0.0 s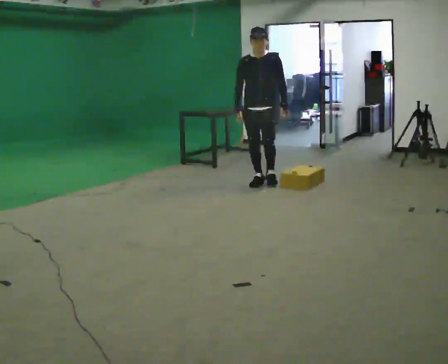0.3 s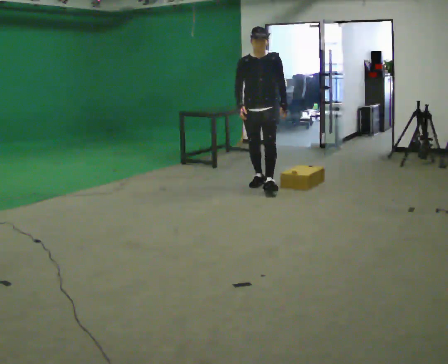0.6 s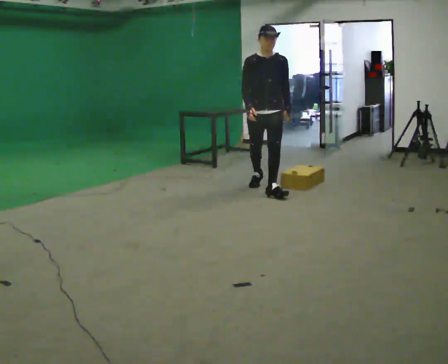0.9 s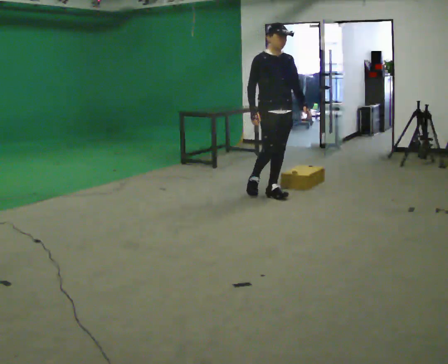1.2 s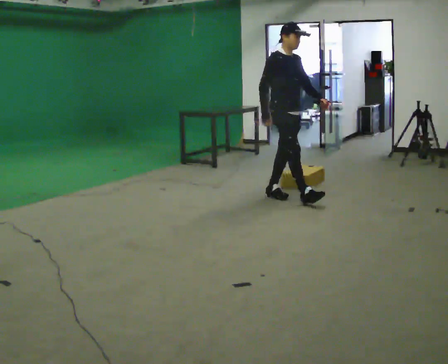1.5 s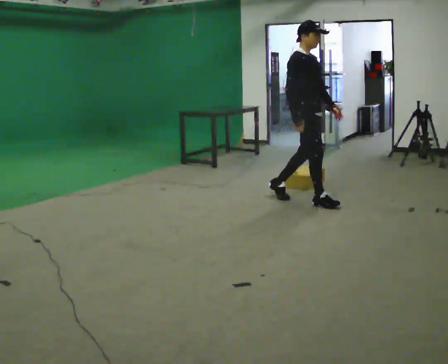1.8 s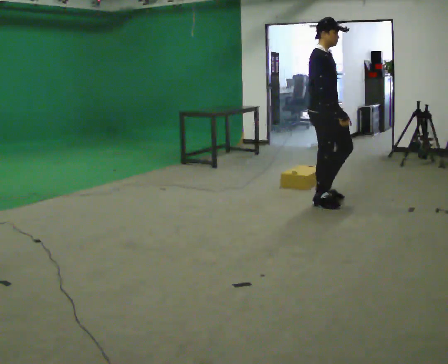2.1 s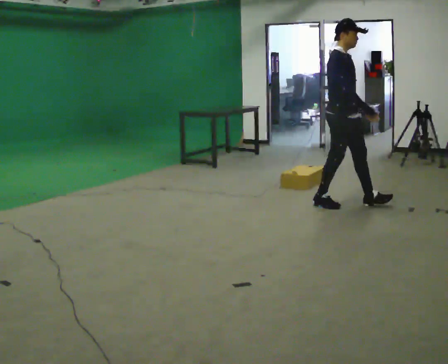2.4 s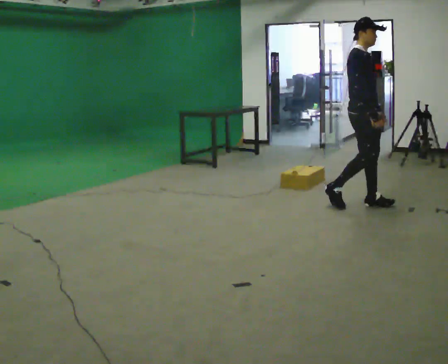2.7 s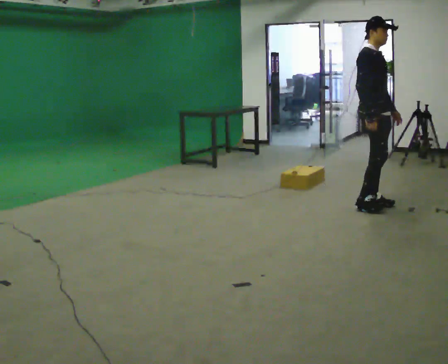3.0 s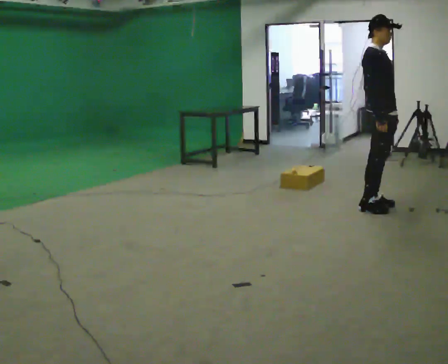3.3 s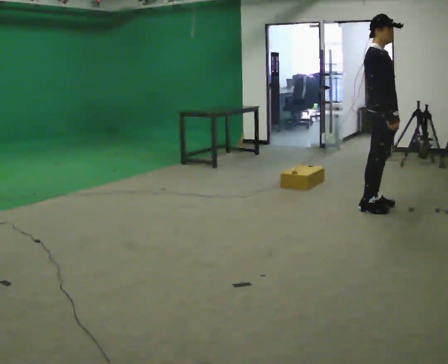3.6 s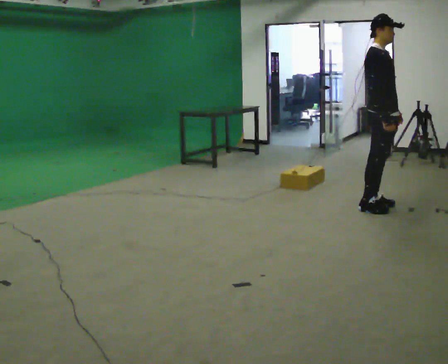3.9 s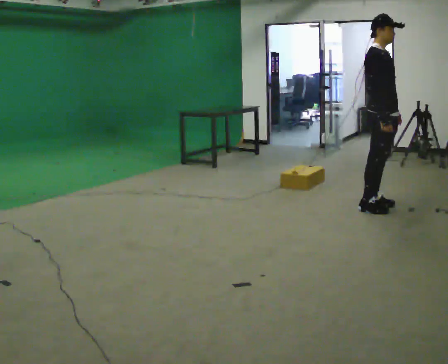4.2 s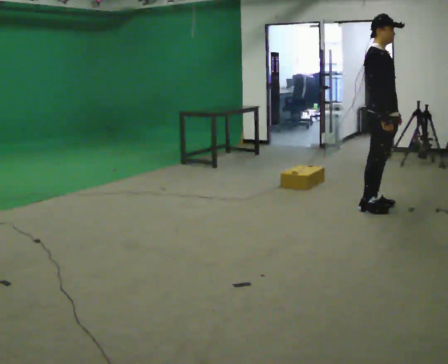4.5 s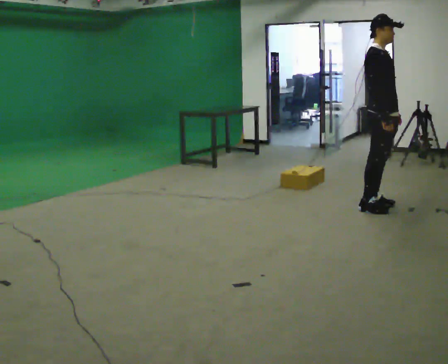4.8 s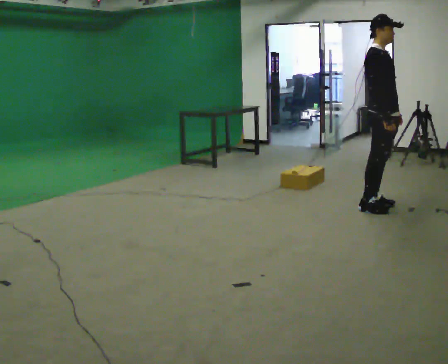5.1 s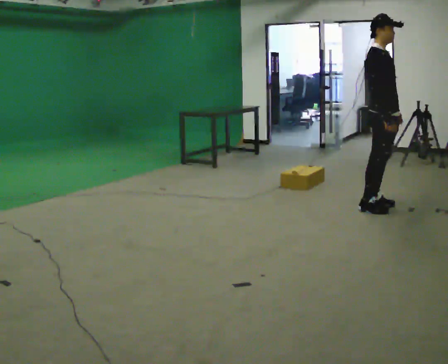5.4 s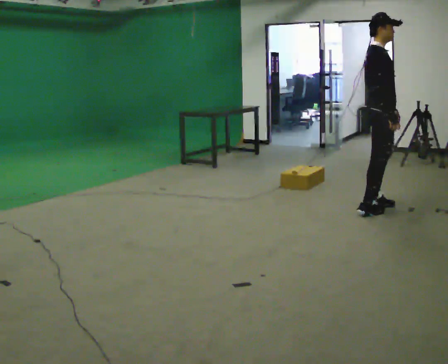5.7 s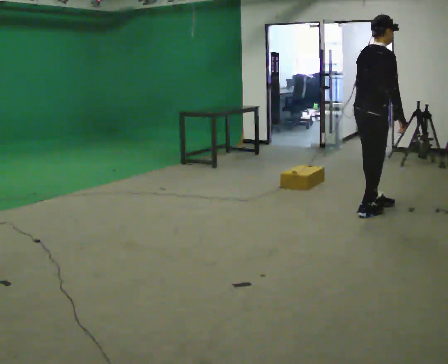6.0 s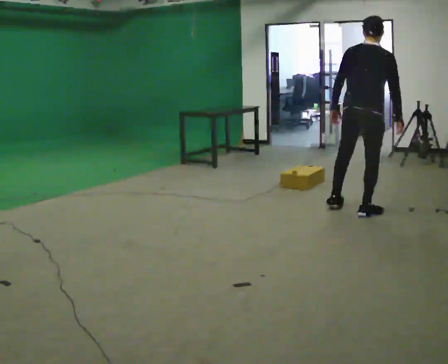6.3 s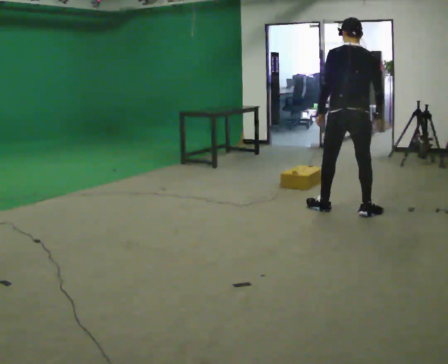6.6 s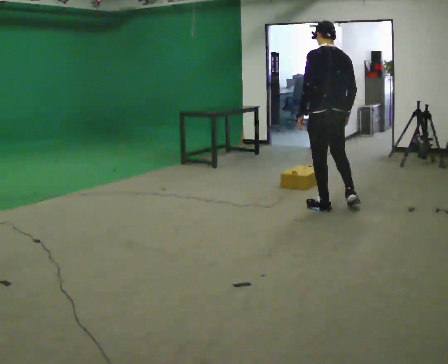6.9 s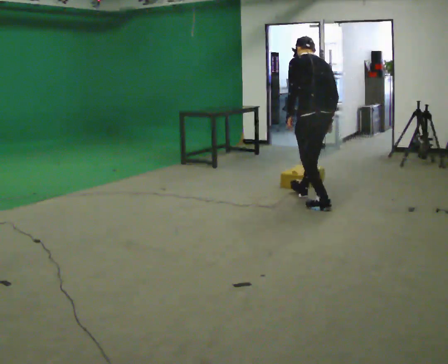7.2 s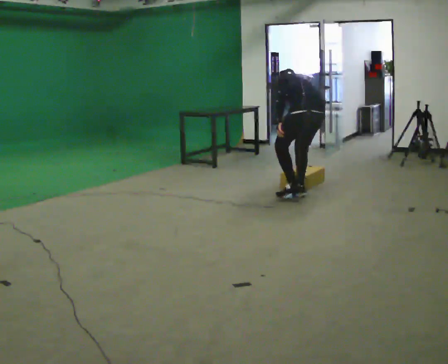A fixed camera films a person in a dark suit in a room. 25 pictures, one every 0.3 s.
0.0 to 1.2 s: The person turns about 60 degrees to their left, counterclockwise seen from above, so the part of the body nearest the lens slides to the right. In the picture they go toward the camera and to the right, about 0.75 m in 1 step.
1.2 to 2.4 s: In the picture they go to the right, about 1 m in 2 steps, which for them is forward.
2.4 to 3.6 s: In the picture they go to the right, about 0.25 m in 1 step, which for them is forward.
3.6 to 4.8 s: The person moves a little, or ends about where they began.
4.8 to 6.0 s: The part of the body nearest the lens slides to the right as the person turns to their left by about 90 degrees. In the picture they go to the left, about 0.25 m in 1 step. In the picture their left hand goes to the left, the arm swinging clockwise.
6.0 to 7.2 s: The person turns about 60 degrees to their left, counterclockwise seen from above, so the part of the body nearest the lens slides to the right. In the picture they go to the left and away from the camera, about 0.75 m in 2 steps, which for them is forward. The upper body goes downward. In the picture the upper body tilts counterclockwise, shoulders to the left, as they bend forward.
The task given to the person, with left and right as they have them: Walk quickly but do not run; remain comfortable and controlled; stop.
The film runs forward here.
